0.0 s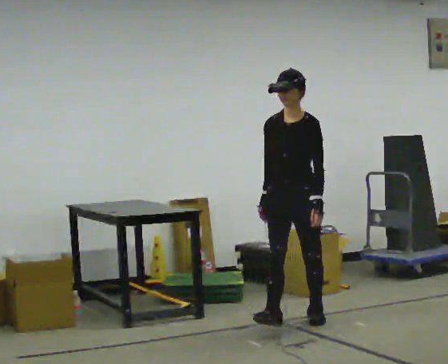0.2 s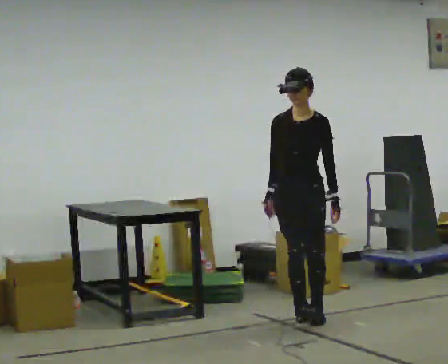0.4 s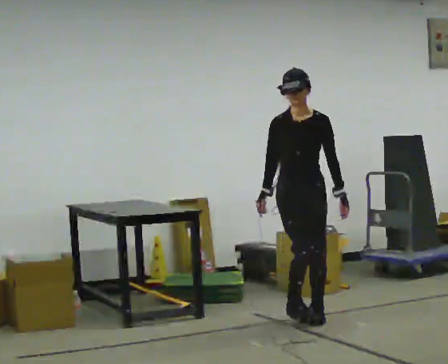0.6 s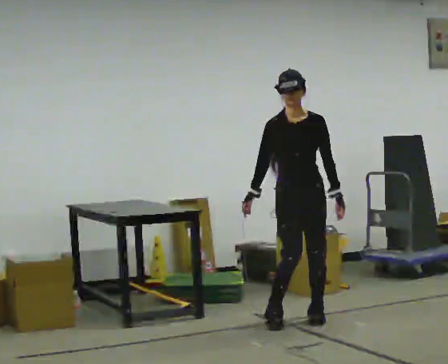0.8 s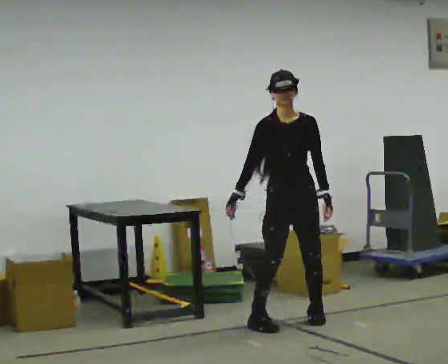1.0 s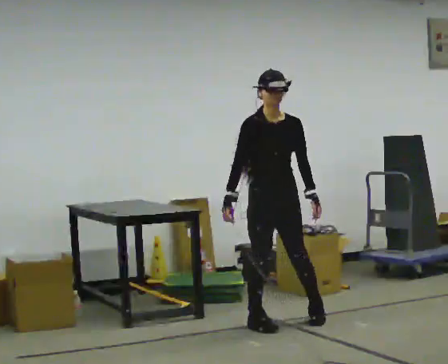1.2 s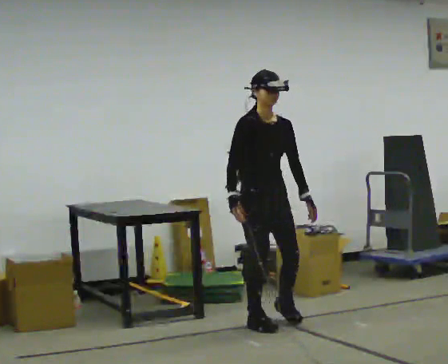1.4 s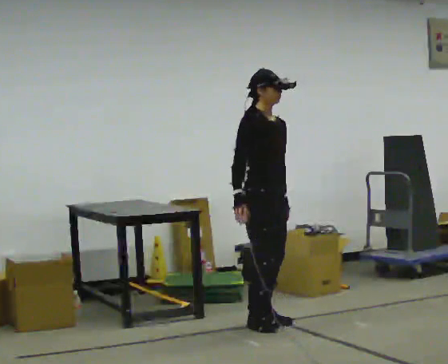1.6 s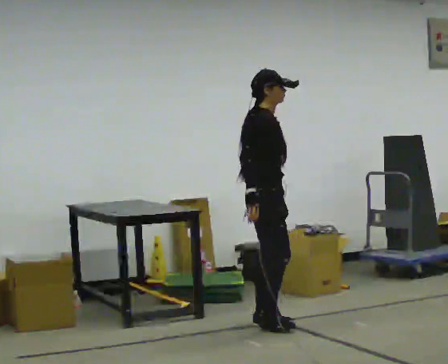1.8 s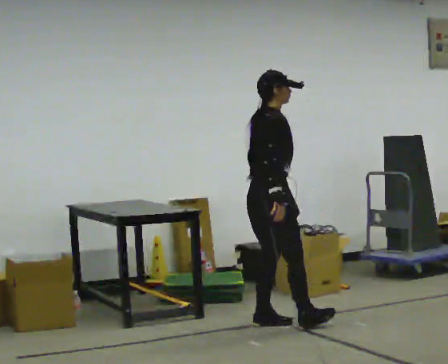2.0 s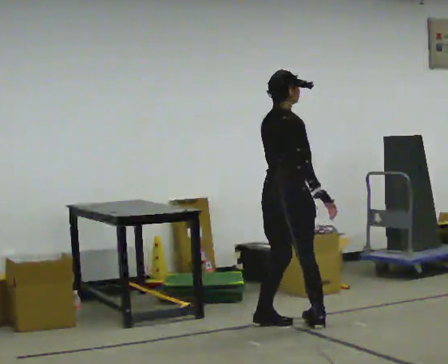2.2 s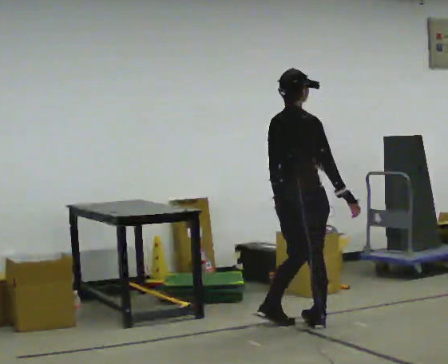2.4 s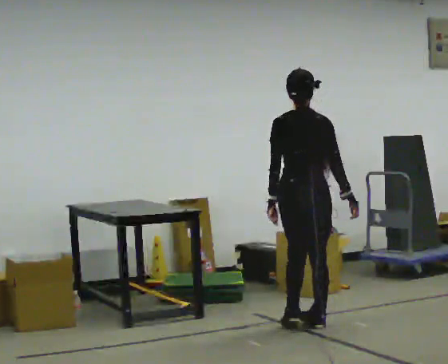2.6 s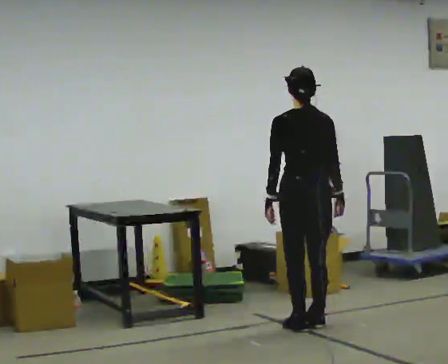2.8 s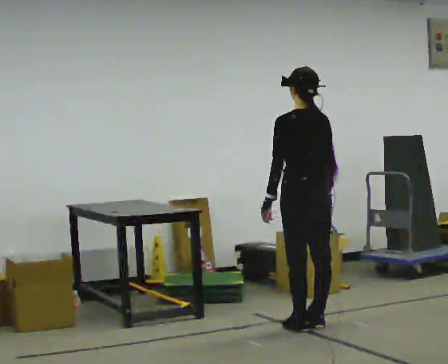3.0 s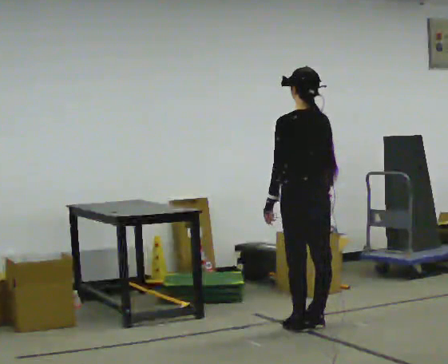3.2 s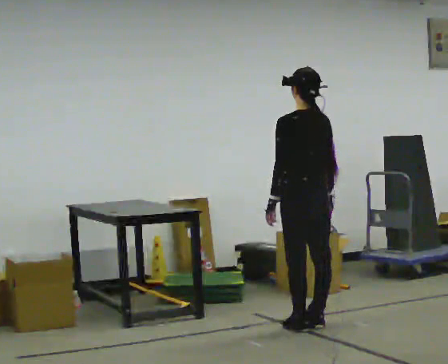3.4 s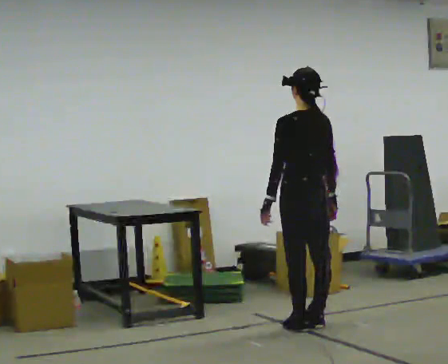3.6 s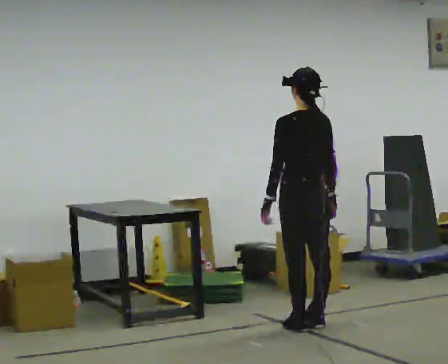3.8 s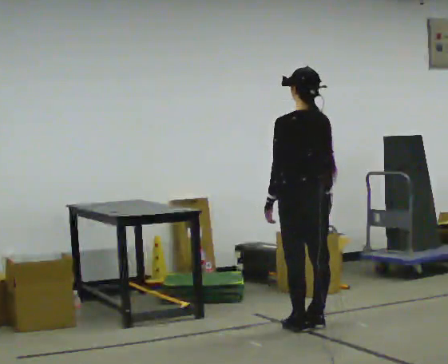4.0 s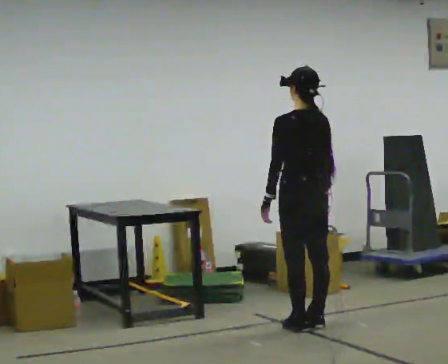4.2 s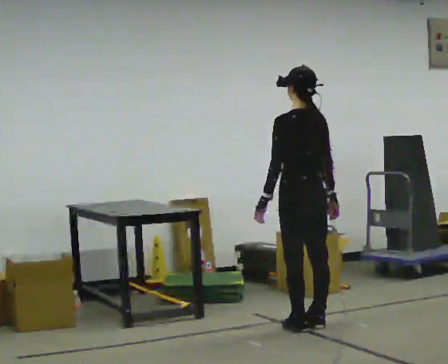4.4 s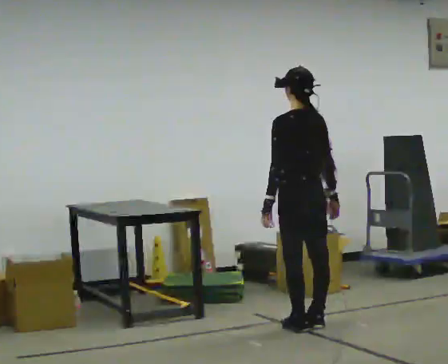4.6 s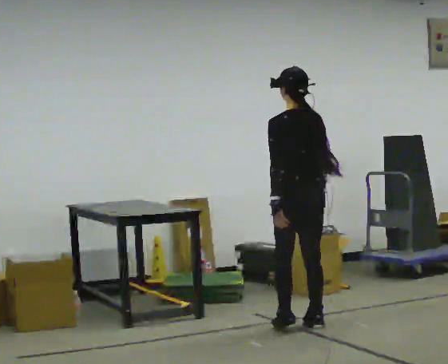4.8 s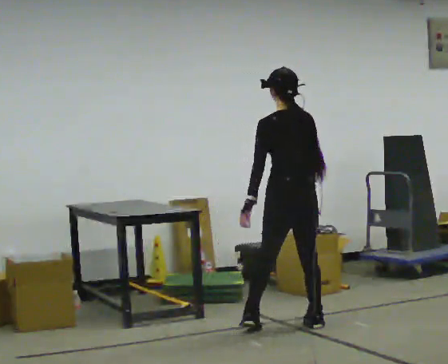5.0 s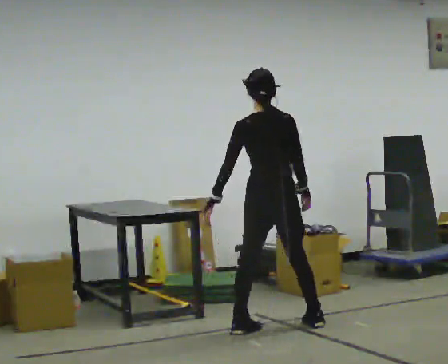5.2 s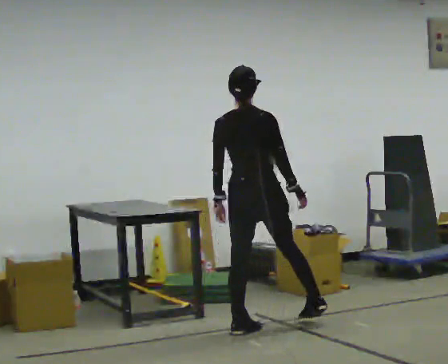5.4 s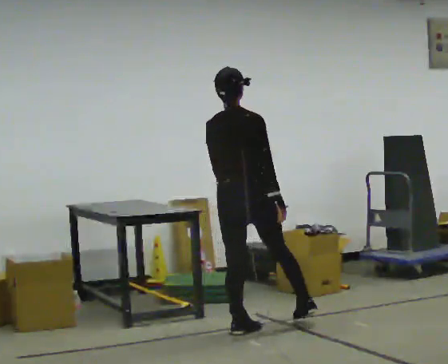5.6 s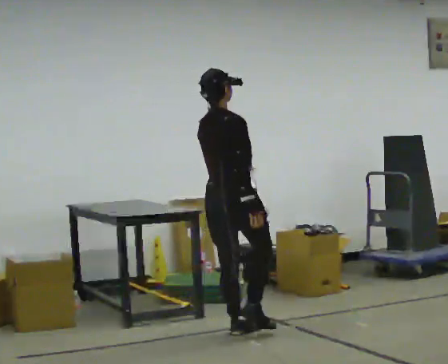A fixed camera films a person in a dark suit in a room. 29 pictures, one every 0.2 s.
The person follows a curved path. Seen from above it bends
clockwise.
0.0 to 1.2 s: The part of the body nearest the lens slides to the right as the person turns to their left by about 45 degrees. In the picture they go to the left, about 0.25 m in 1 step, which for them is to their right.
1.2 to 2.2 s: The person turns about 105 degrees to their left, counterclockwise seen from above, so the part of the body nearest the lens slides to the right. In the picture they go to the right, about 0.25 m in 2 steps. In the picture their right hand goes to the right, the arm swinging counterclockwise.
2.2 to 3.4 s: The part of the body nearest the lens slides to the right as the person turns to their left by about 75 degrees.
3.4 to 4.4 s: The person moves a little, or ends about where they began.
4.4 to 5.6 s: The part of the body nearest the lens slides to the left as the person turns to their right by about 75 degrees. In the picture they go to the left, about 0.5 m in 2 steps.
The film runs backward here.
